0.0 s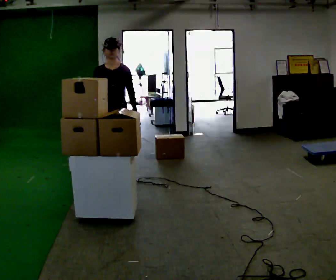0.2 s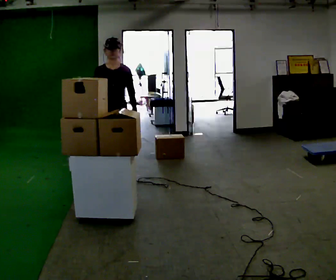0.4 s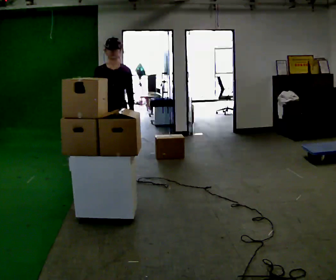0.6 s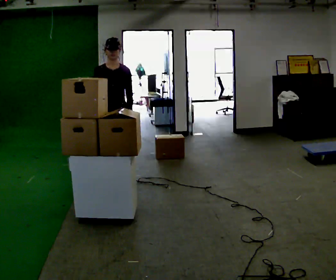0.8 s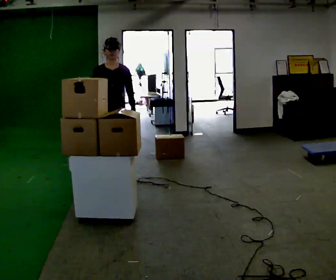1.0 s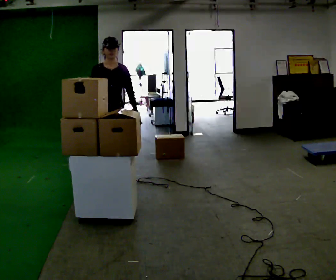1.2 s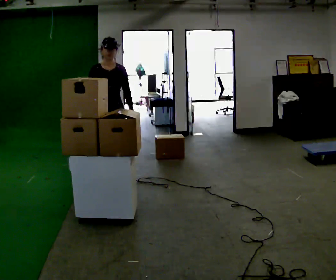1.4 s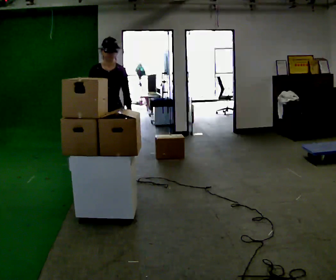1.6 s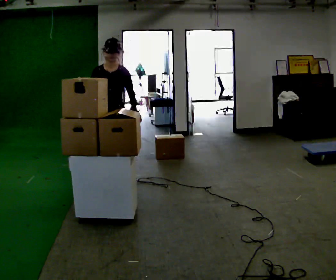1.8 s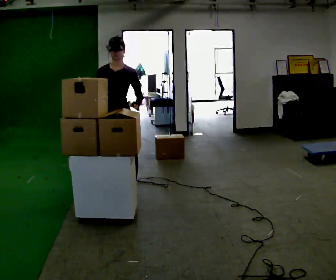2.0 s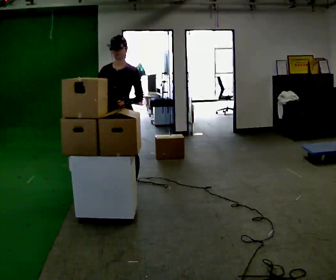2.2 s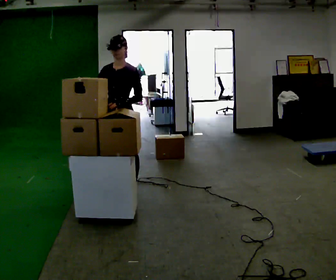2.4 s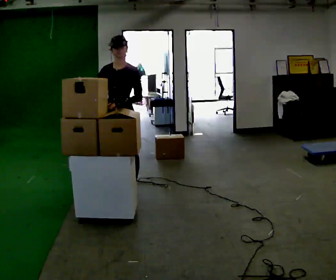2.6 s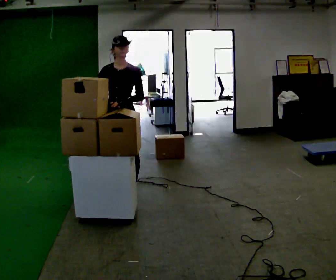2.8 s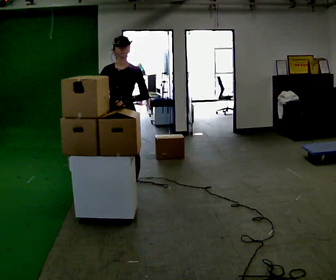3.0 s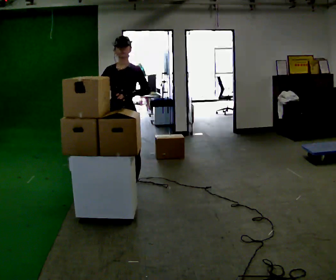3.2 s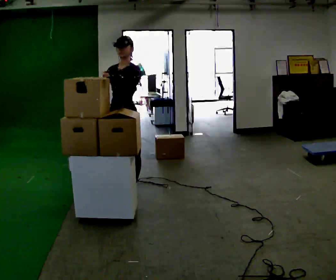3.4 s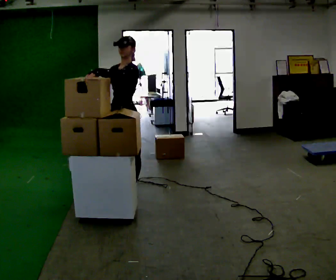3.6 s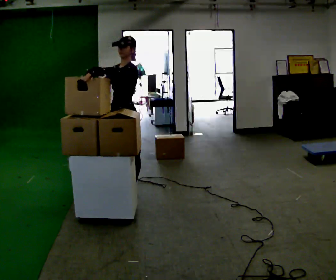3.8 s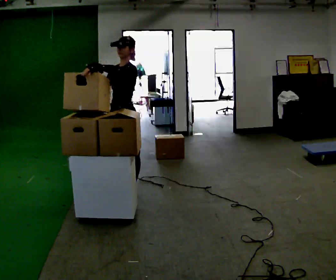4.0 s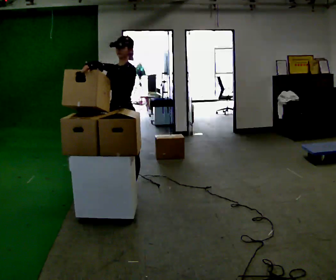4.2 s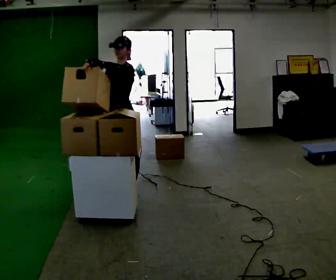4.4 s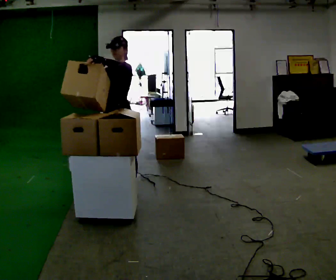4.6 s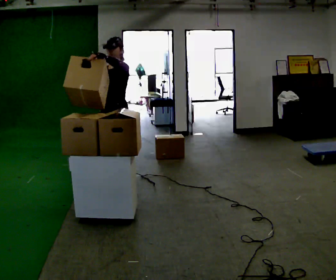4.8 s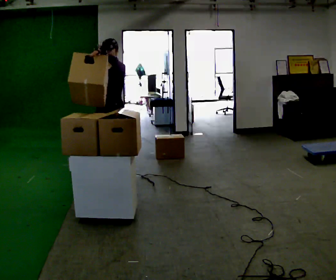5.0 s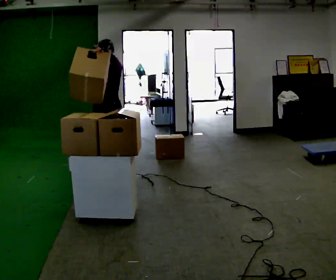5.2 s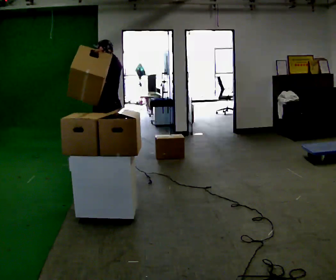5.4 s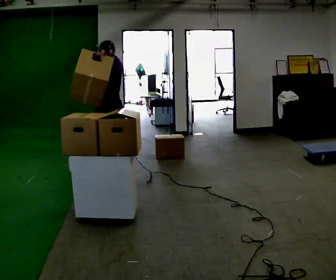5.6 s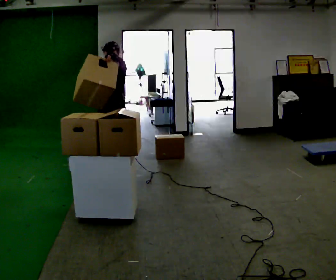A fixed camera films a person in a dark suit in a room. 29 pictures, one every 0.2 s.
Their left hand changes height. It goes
upward.
0.0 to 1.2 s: The person moves a little, or ends about where they began.
1.2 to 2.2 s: The part of the body nearest the lens slides to the left as the person turns to their right by about 45 degrees. In the picture they go toward the camera, about 0.25 m in 1 step, which for them is forward and to their left.
2.2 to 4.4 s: In the picture their left hand goes upward.
4.4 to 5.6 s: Seen from above the body turns counterclockwise, about 30 degrees: to their left, with its near side sliding to the right. In the picture they go away from the camera, about 0.5 m in 1 step, which for them is backward and to their right.
The film runs backward here.
